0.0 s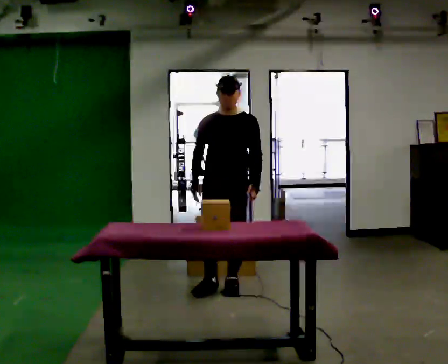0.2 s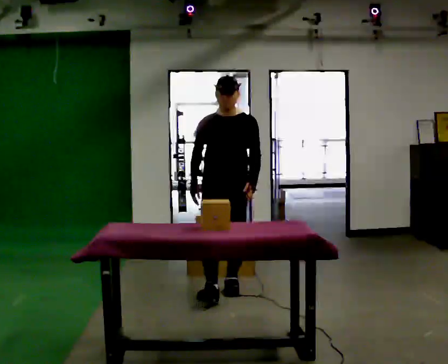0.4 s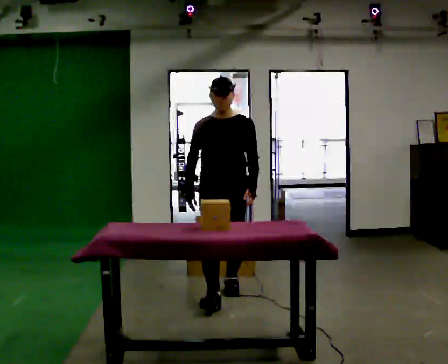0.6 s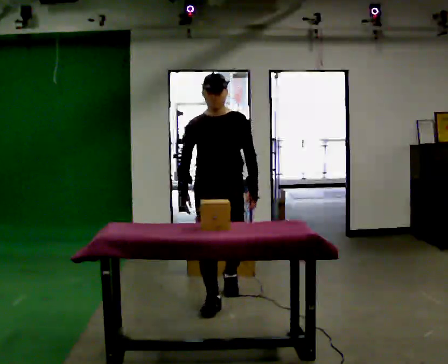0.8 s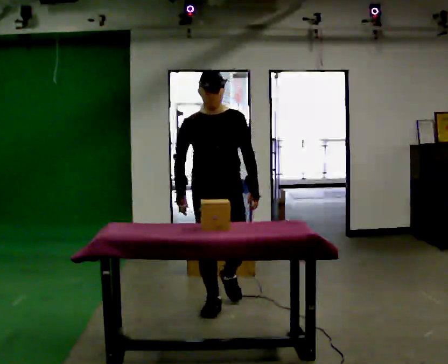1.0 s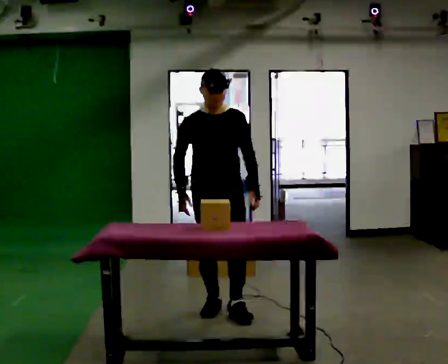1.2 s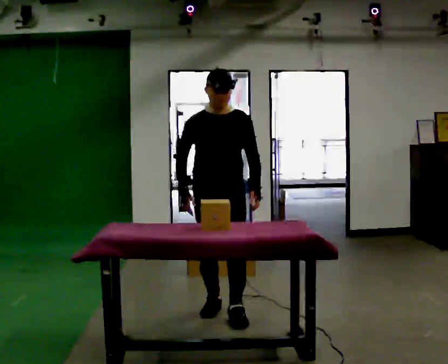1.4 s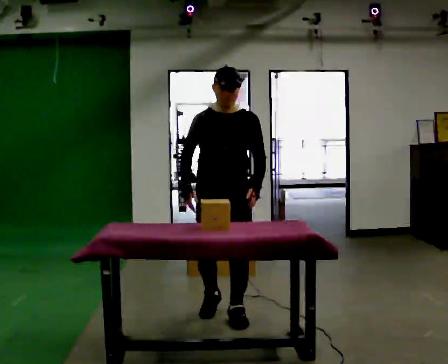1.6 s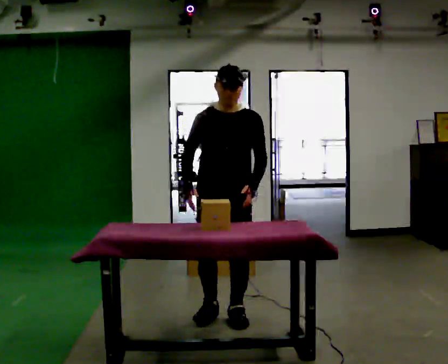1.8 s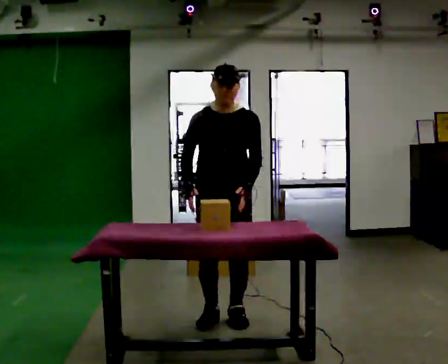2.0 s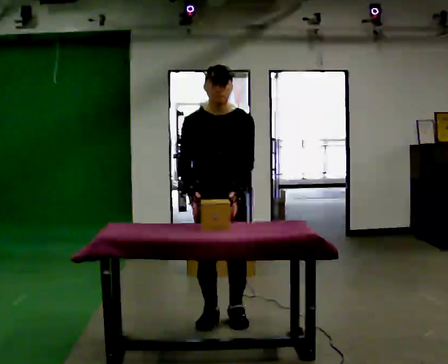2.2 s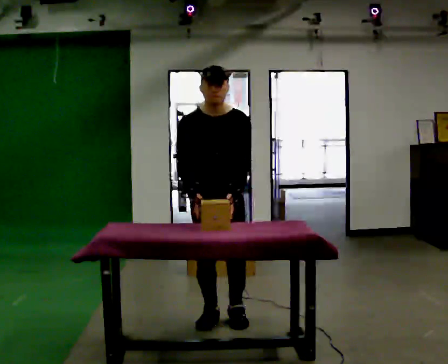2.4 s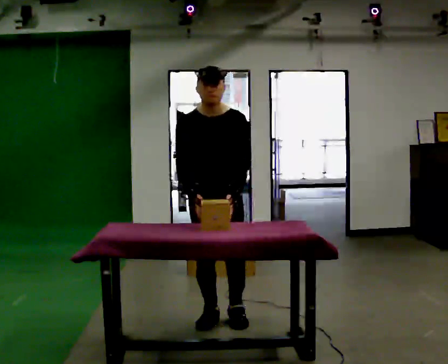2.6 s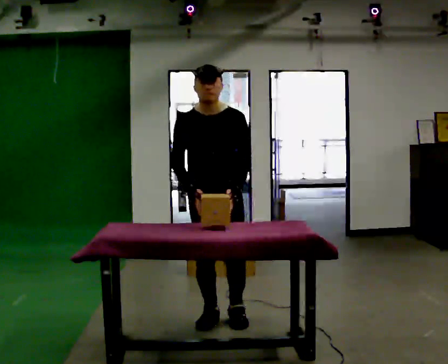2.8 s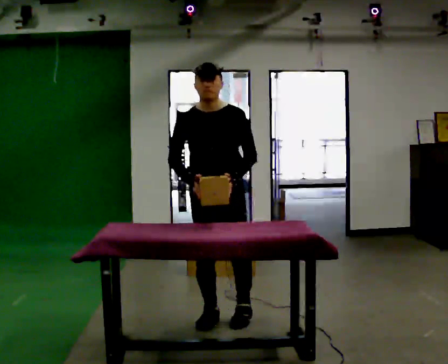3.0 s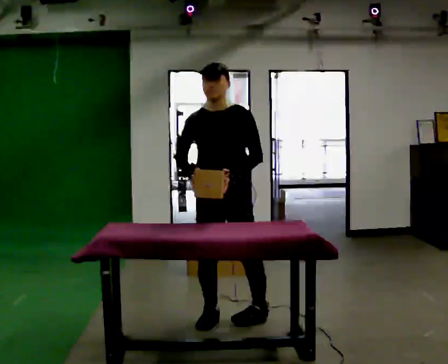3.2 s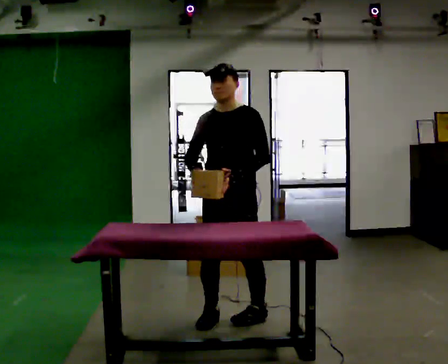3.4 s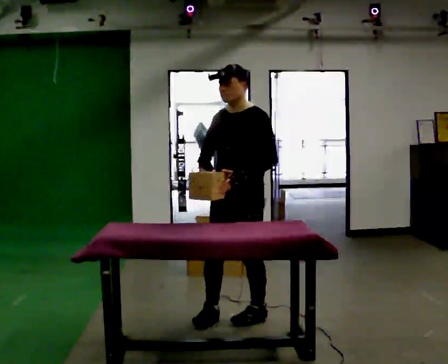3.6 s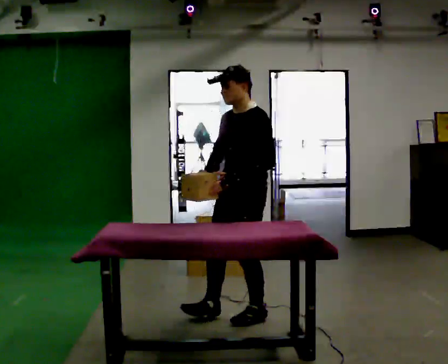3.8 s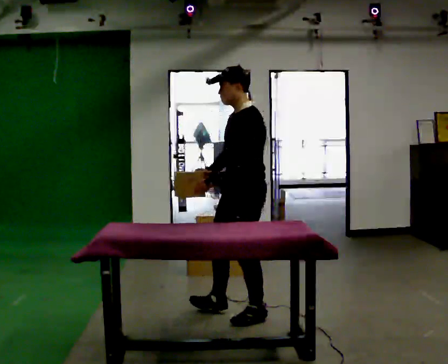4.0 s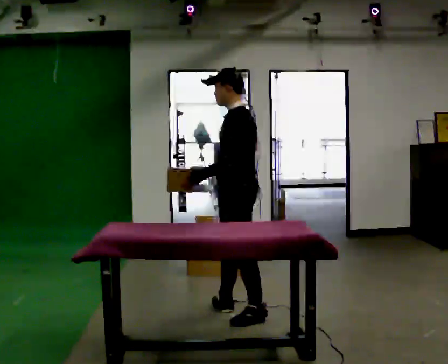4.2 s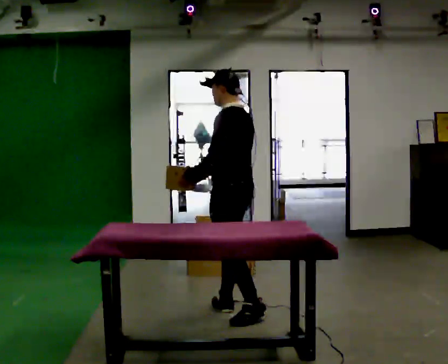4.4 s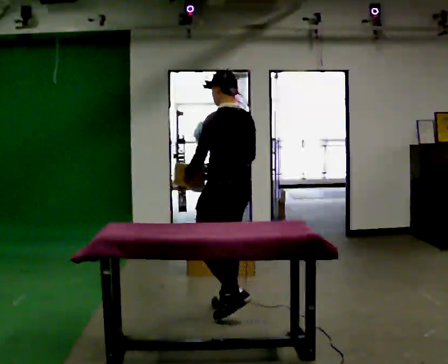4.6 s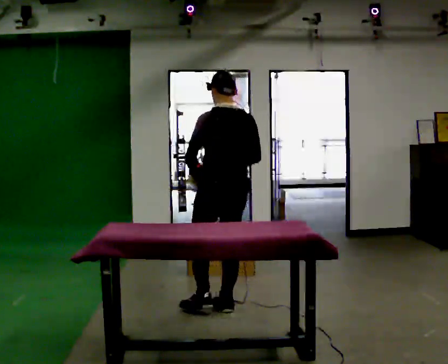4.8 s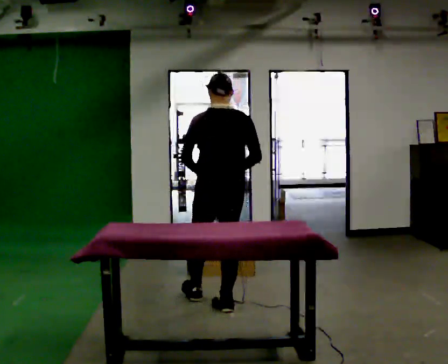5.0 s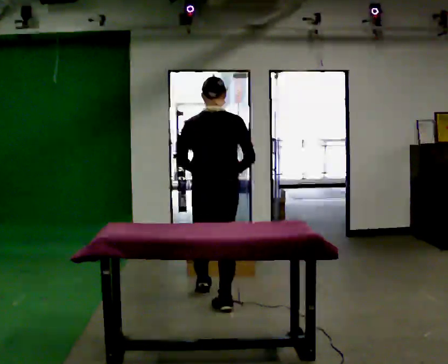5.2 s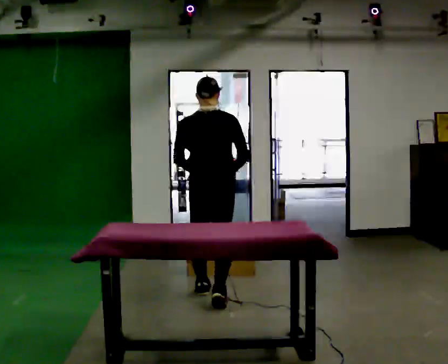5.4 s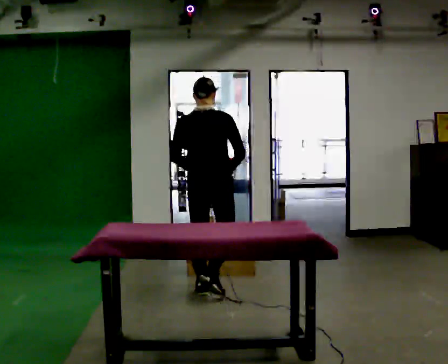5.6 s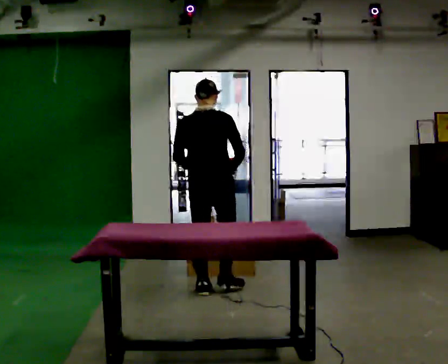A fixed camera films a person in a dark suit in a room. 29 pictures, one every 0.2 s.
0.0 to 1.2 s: In the picture they go toward the camera, about 0.75 m in 2 steps, which for them is forward.
1.2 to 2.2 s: The person moves a little, or ends about where they began.
2.2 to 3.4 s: The person turns about 45 degrees to their right, clockwise seen from above, so the part of the body nearest the lens slides to the left. In the picture they go to the right, about 0.25 m in 1 step, which for them is to their left.
3.4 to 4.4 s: The part of the body nearest the lens slides to the left as the person turns to their right by about 105 degrees. In the picture they go away from the camera, about 0.25 m in 1 step. In the picture their left hand goes to the left.
4.4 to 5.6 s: The part of the body nearest the lens slides to the left as the person turns to their right by about 60 degrees. In the picture they go away from the camera, about 0.5 m in 1 step, which for them is forward and to their left.
The film runs forward here.
